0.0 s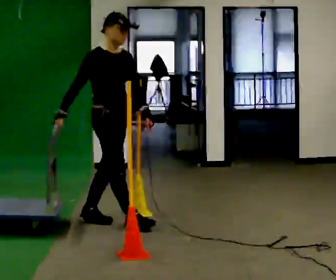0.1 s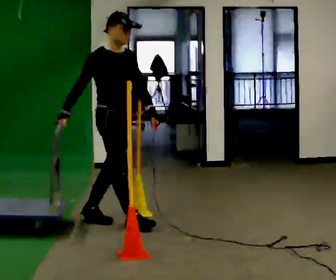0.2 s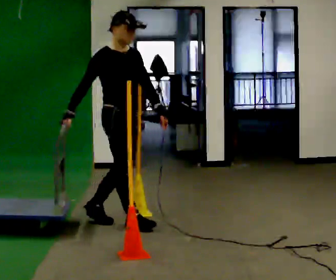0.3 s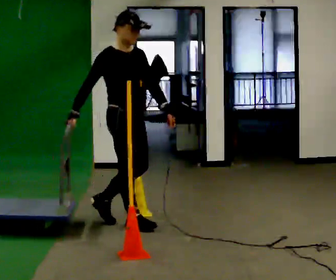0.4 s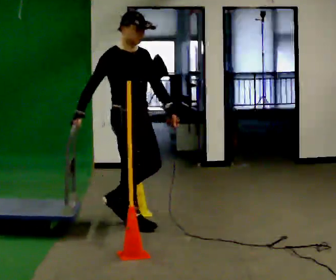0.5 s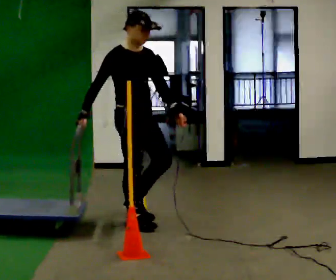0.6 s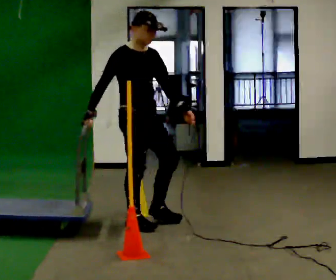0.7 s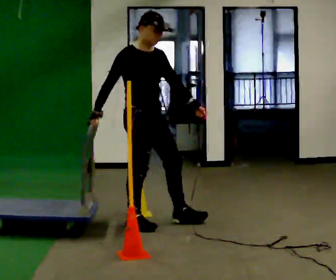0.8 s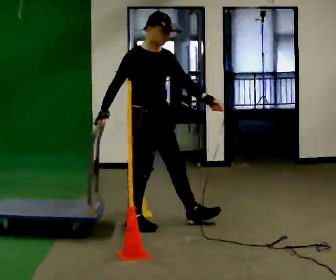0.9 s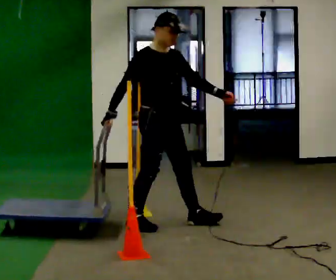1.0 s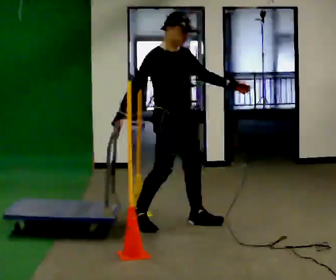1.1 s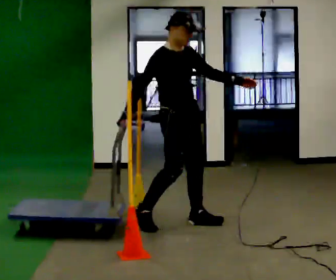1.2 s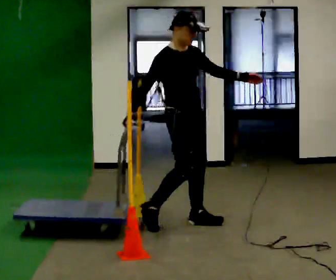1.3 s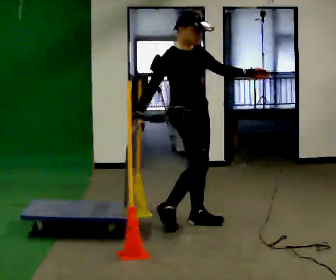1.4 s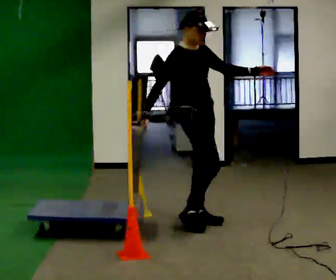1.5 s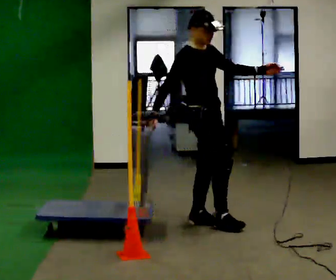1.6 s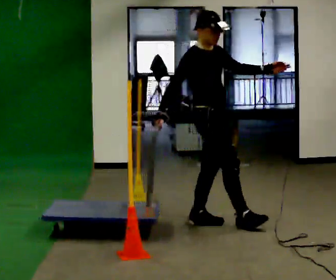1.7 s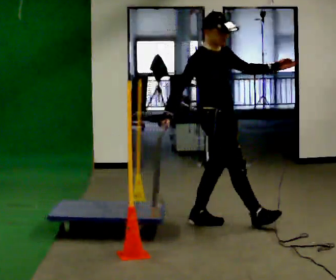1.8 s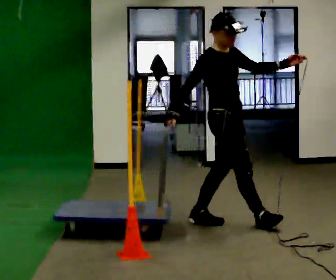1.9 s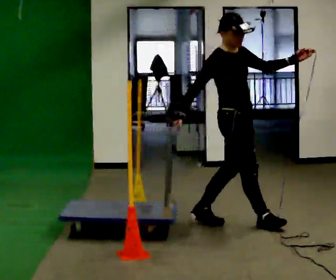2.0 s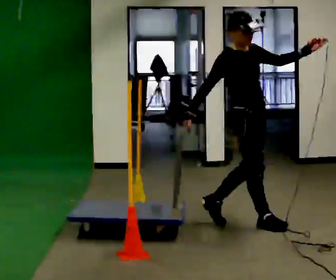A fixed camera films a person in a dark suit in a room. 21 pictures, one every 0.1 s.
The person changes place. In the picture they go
to the right.
Their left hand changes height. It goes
upward.
0.0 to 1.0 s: In the picture they go to the right, about 0.5 m in 1 step, which for them is forward and to their left.
1.0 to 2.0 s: In the picture they go to the right, about 0.5 m in 1 step, which for them is forward.
The film runs forward here.
